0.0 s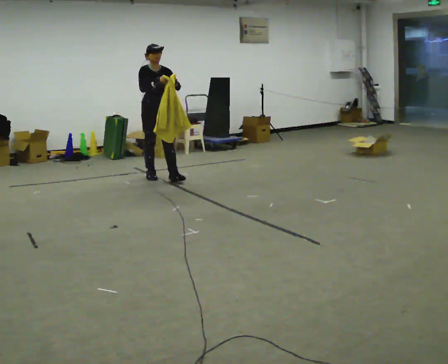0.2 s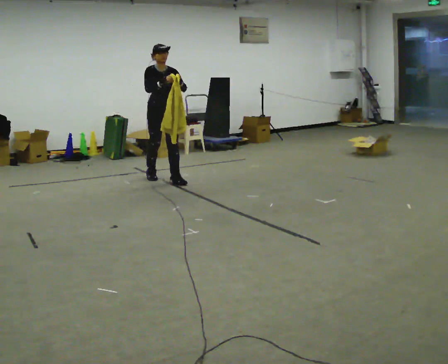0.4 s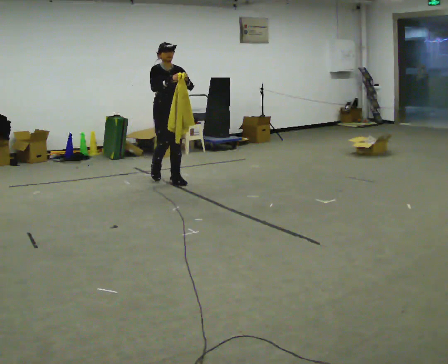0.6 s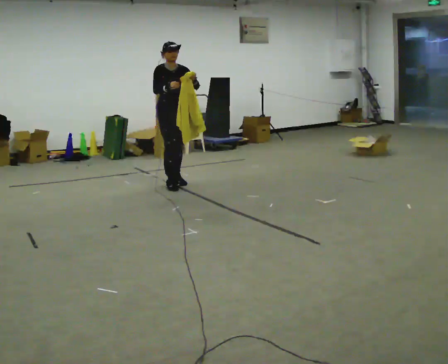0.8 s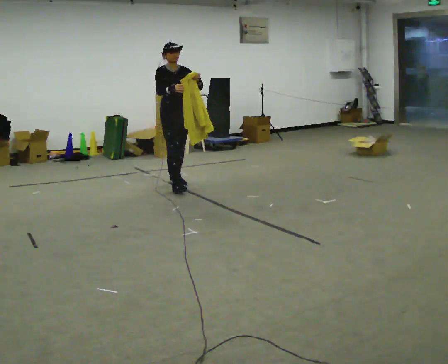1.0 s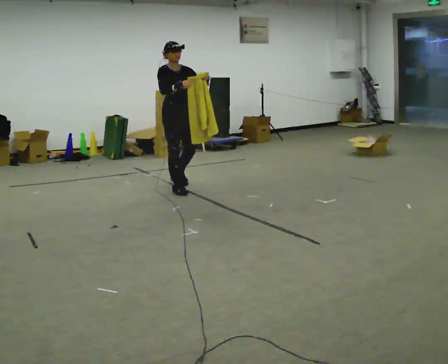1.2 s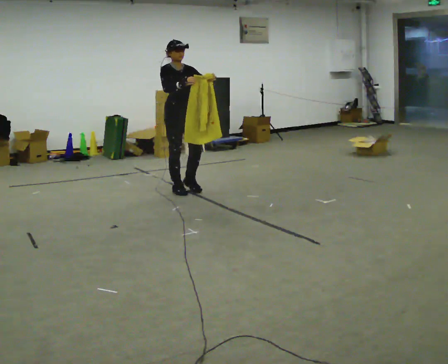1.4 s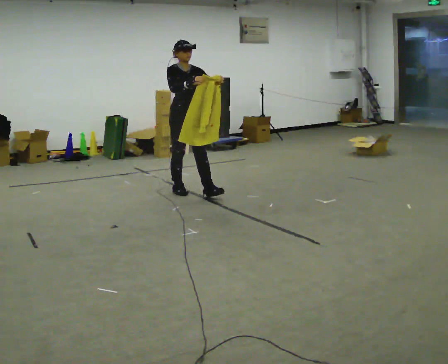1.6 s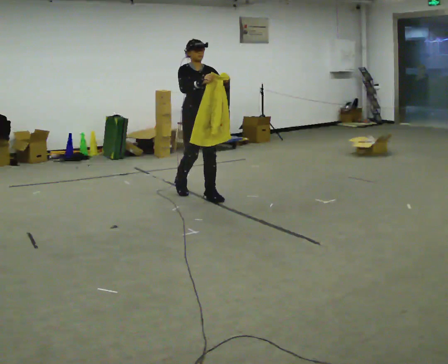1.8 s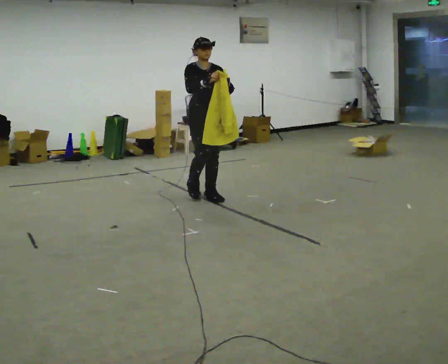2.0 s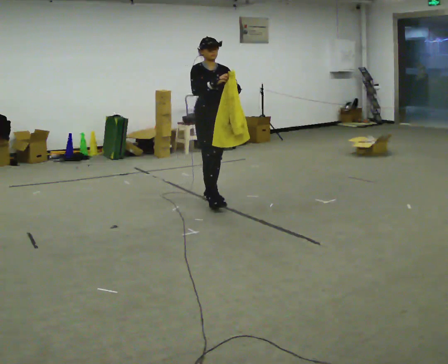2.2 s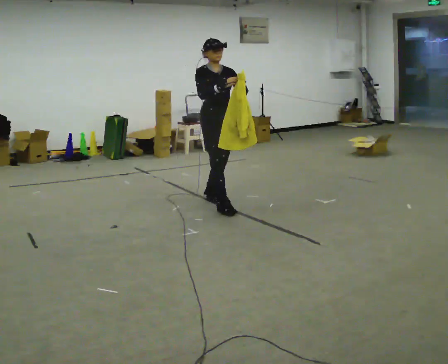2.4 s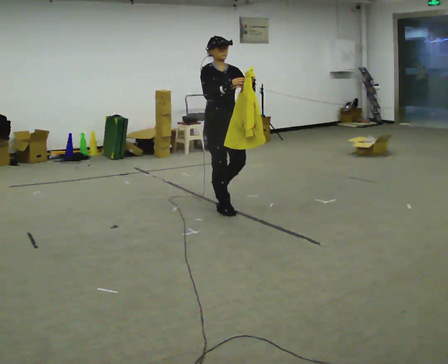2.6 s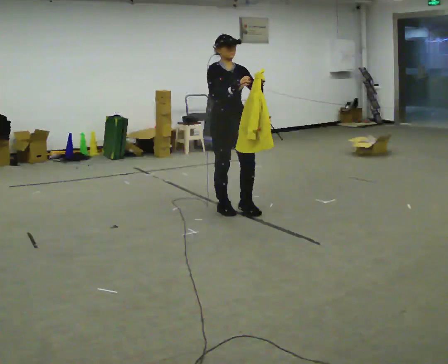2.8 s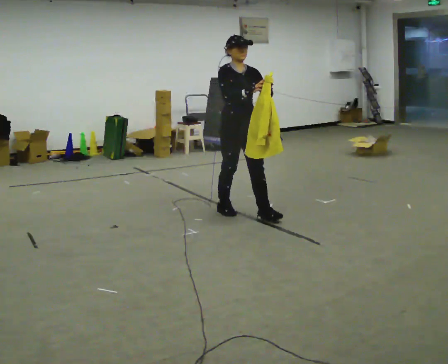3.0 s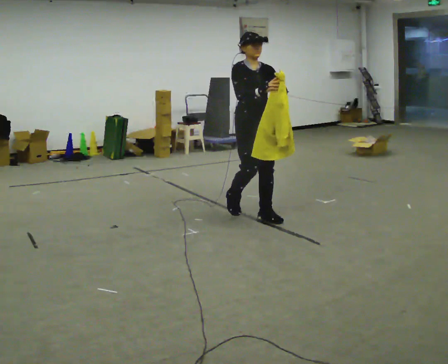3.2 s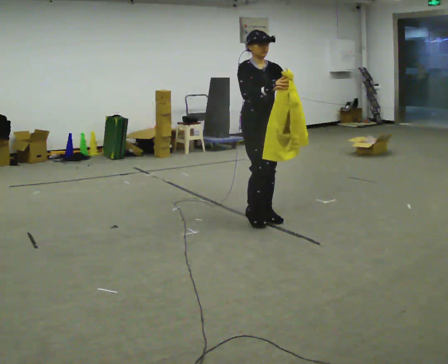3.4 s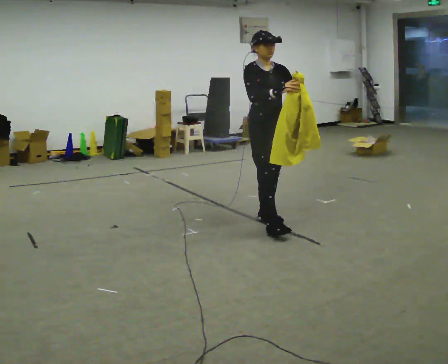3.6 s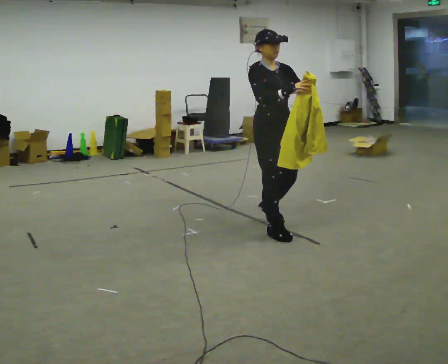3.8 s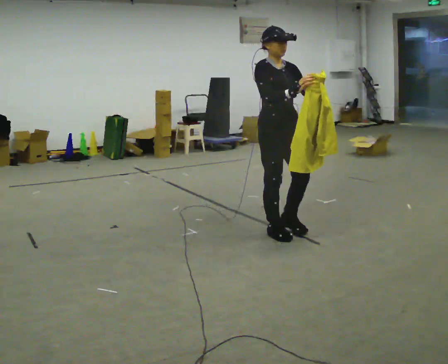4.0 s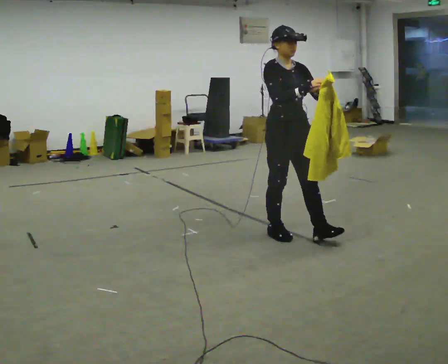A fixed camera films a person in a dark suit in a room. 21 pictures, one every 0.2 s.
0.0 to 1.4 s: In the picture they go toward the camera and to the right, about 1 m in 2 steps, which for them is forward.
1.4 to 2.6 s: In the picture they go toward the camera and to the right, about 1 m in 2 steps, which for them is forward.
2.6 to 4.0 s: In the picture they go toward the camera and to the right, about 1 m in 2 steps, which for them is forward.
The film runs forward here.
